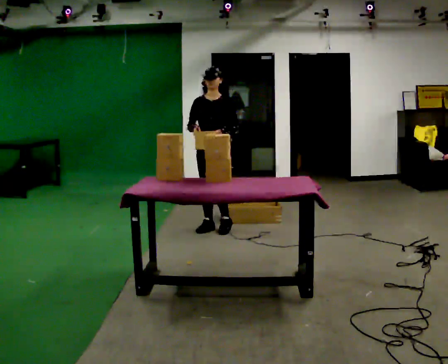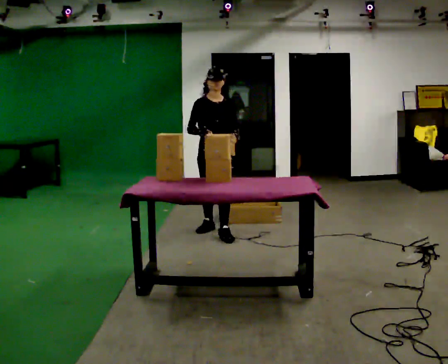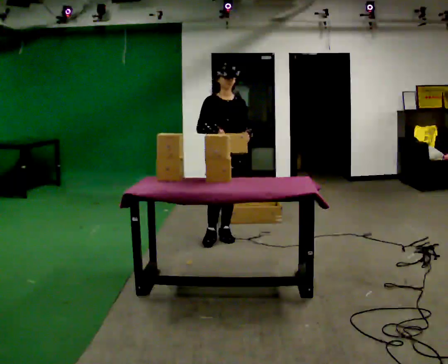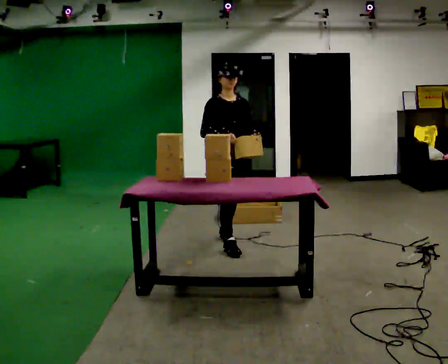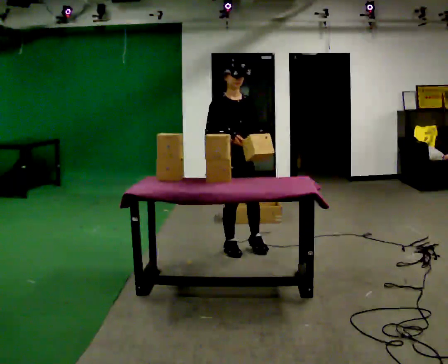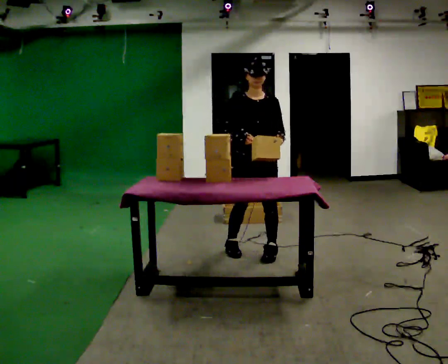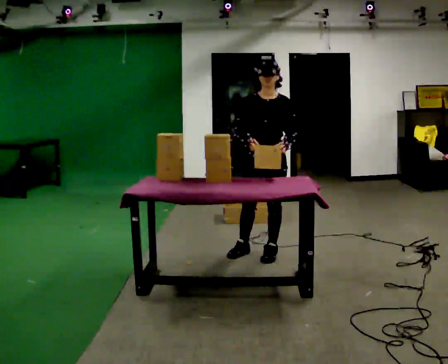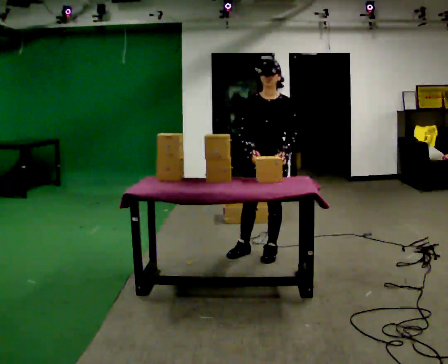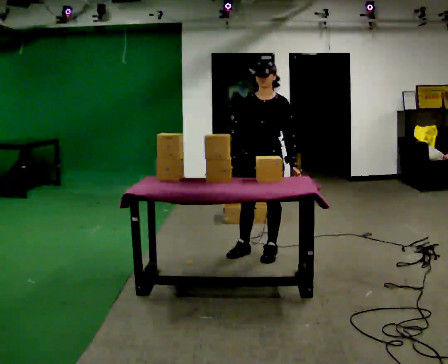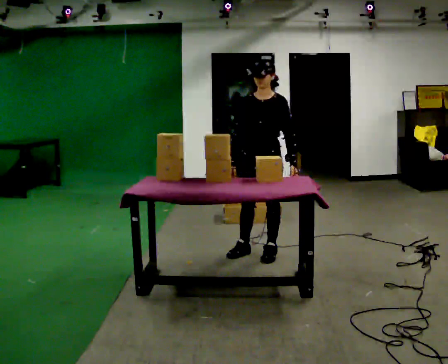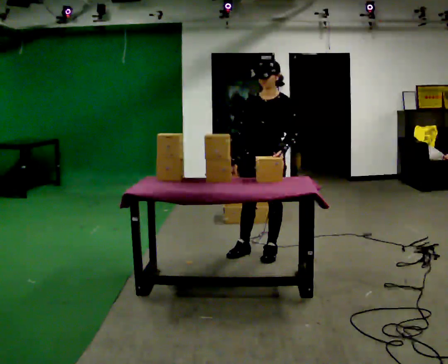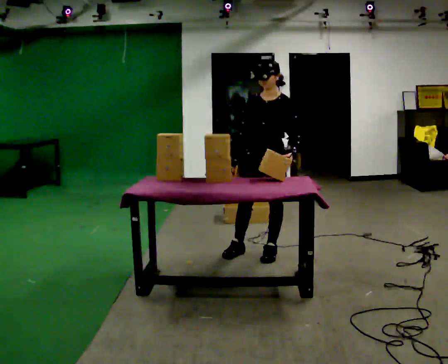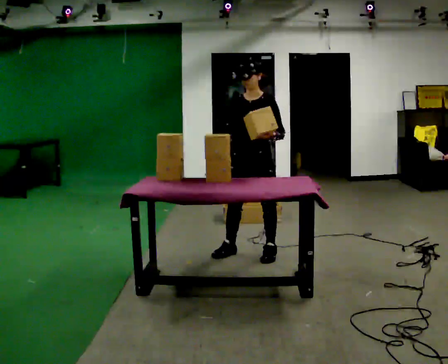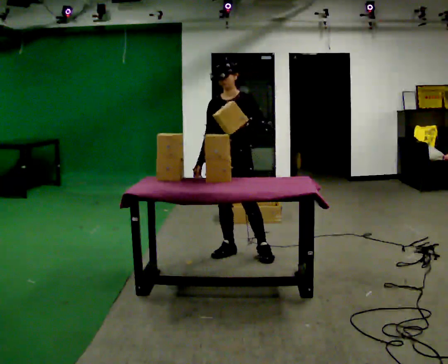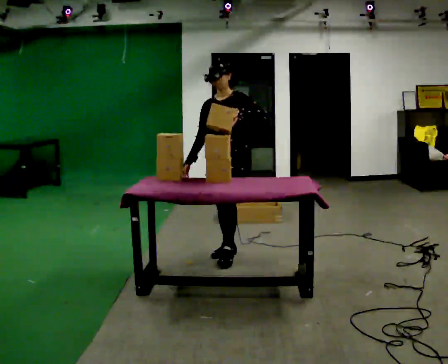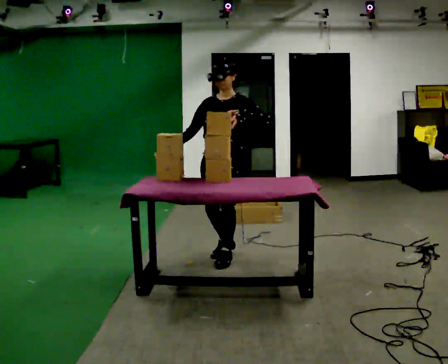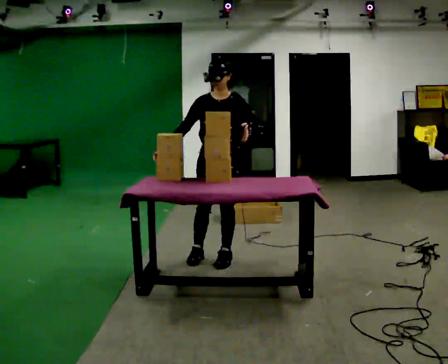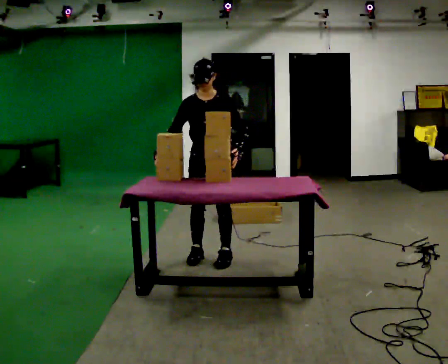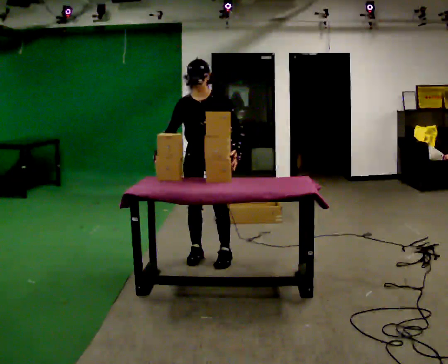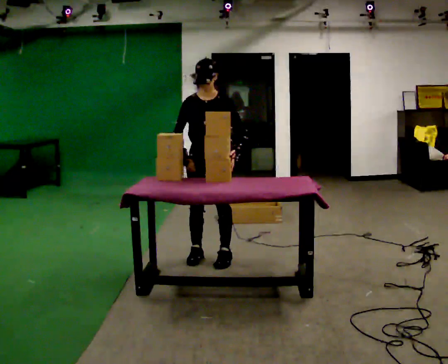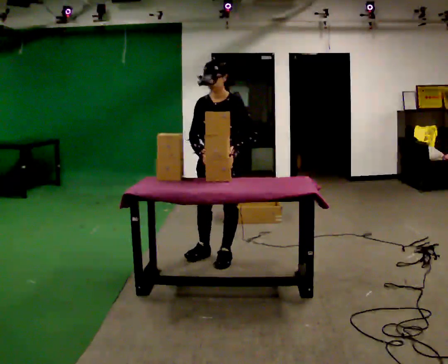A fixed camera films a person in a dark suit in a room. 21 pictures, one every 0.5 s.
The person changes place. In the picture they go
toward the camera.
0.0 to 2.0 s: Seen from above the body turns counterclockwise, about 45 degrees: to their left, with its near side sliding to the right. In the picture they go toward the camera and to the right, about 0.5 m in 2 steps, which for them is forward.
2.0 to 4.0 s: The part of the body nearest the lens slides to the left as the person turns to their right by about 45 degrees. In the picture they go to the right, about 0.25 m in 1 step, which for them is to their left.
4.0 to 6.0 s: The person moves a little, or ends about where they began.
6.0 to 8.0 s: In the picture they go to the left, about 0.25 m in 2 steps, which for them is to their right and forward.
8.0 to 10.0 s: The person moves a little, or ends about where they began.
The film runs forward here.
